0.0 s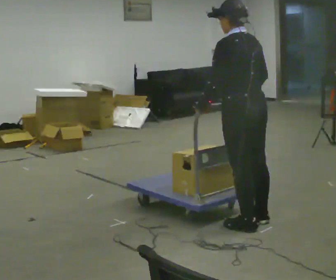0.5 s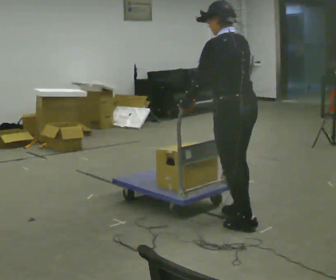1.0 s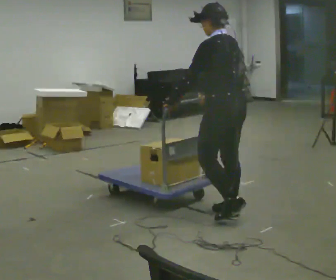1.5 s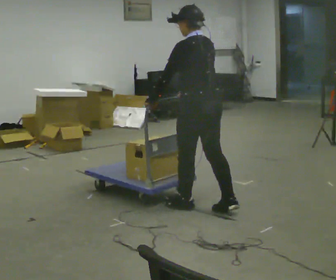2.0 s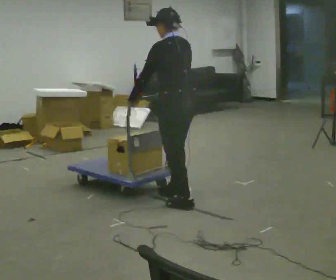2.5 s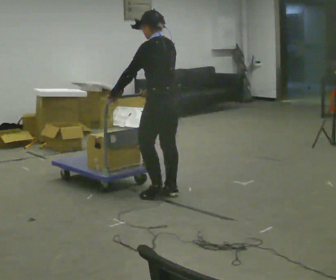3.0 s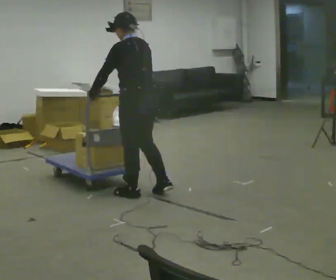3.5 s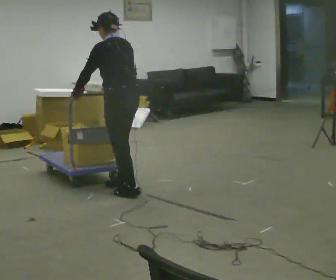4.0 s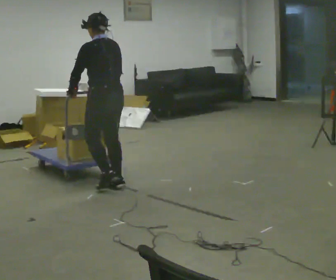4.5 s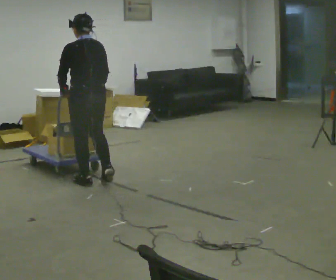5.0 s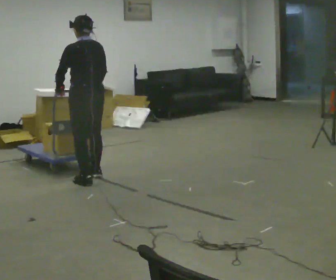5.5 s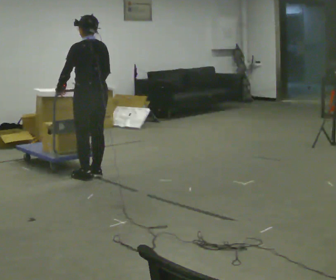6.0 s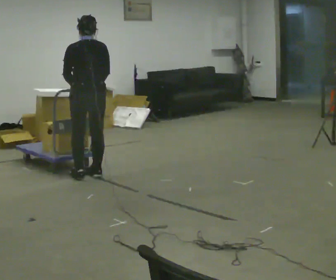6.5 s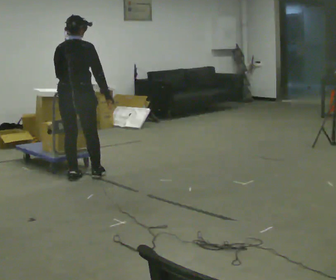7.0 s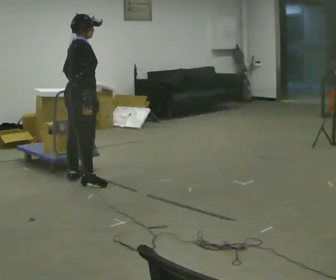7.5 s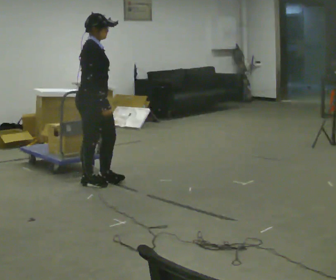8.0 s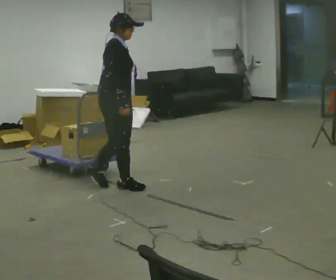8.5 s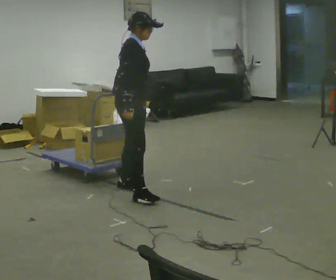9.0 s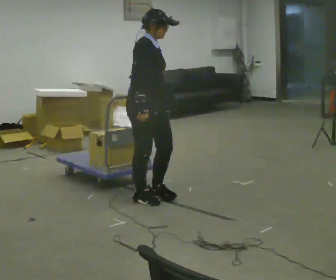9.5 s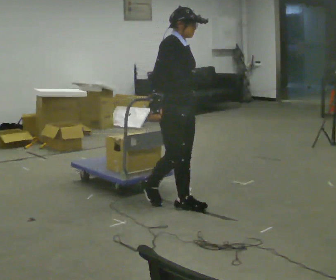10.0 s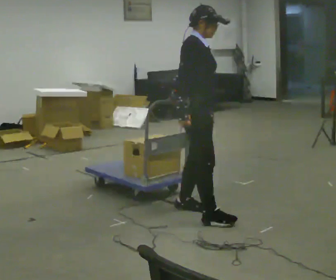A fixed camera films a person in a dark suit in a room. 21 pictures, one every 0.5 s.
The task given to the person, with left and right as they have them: Push the cart across the room and back. The operator will change how much is loaded on it between takes and will tell you each time.
0.0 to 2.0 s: In the picture they go away from the camera and to the left, about 0.5 m in 2 steps, which for them is forward.
2.0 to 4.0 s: In the picture they go to the left and away from the camera, about 1 m in 3 steps, which for them is forward.
4.0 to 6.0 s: The person turns about 30 degrees to their right, clockwise seen from above, so the part of the body nearest the lens slides to the left. In the picture they go away from the camera and to the left, about 0.5 m in 3 steps, which for them is forward.
6.0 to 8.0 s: The part of the body nearest the lens slides to the left as the person turns to their right by about 135 degrees. In the picture they go toward the camera and to the right, about 0.5 m in 2 steps.
8.0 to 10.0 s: In the picture they go toward the camera and to the right, about 1 m in 3 steps, which for them is forward and to their right.
The film runs forward here.
